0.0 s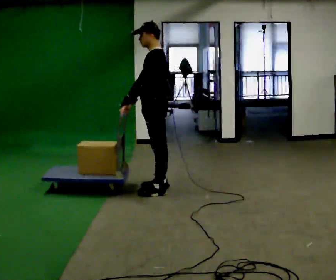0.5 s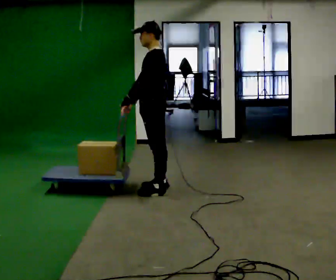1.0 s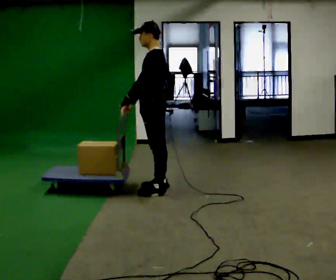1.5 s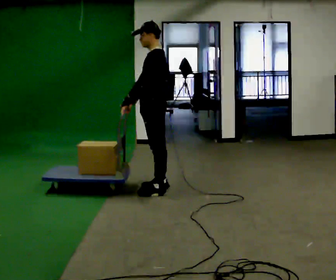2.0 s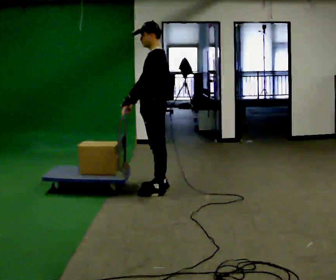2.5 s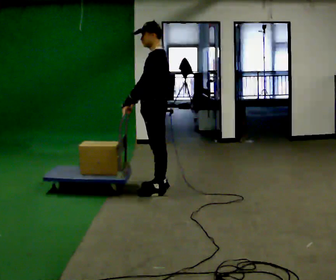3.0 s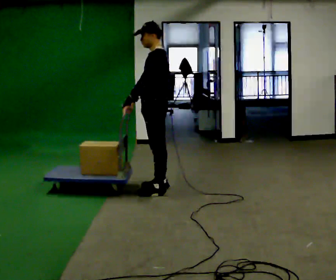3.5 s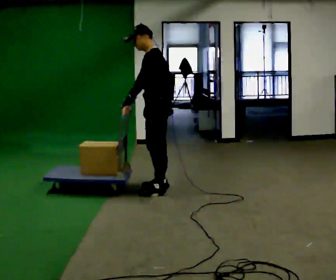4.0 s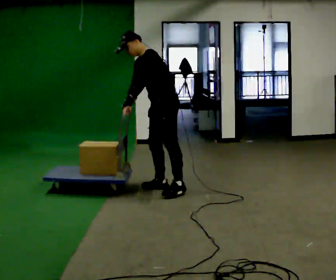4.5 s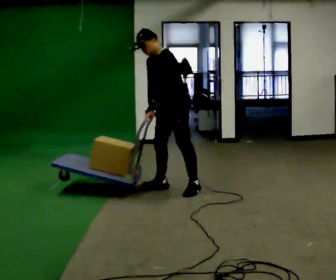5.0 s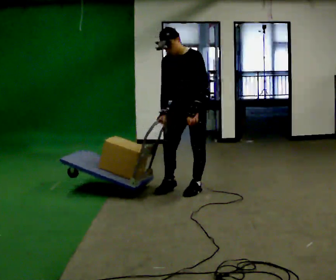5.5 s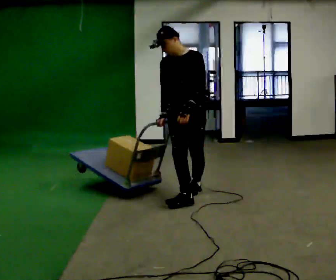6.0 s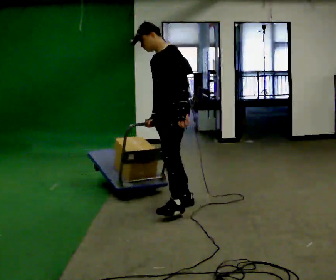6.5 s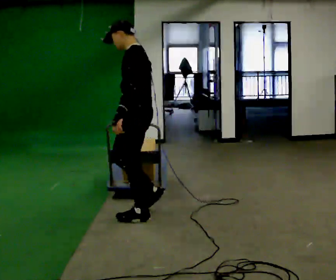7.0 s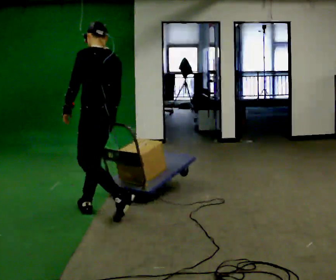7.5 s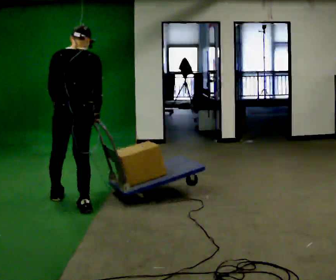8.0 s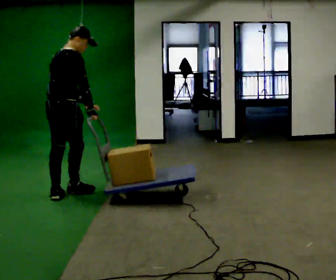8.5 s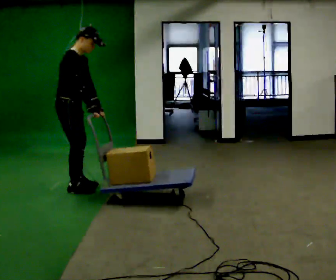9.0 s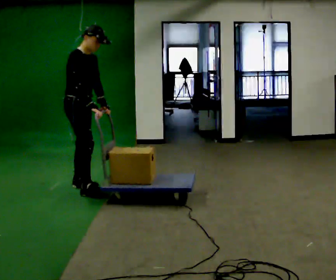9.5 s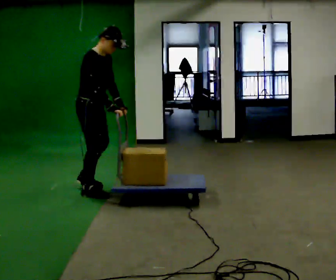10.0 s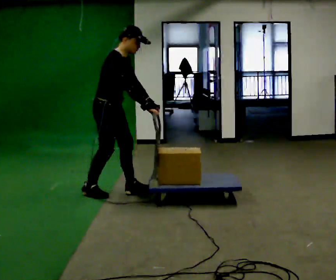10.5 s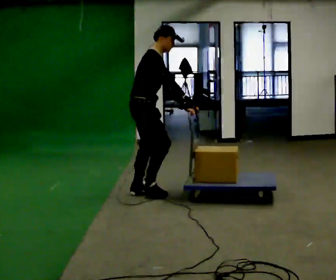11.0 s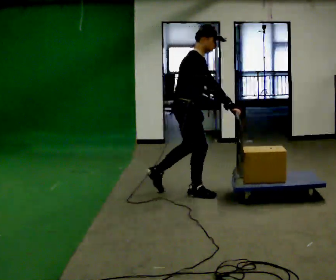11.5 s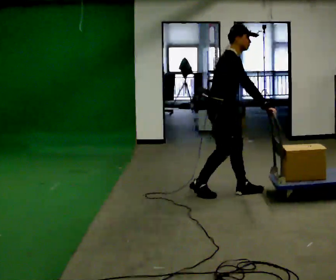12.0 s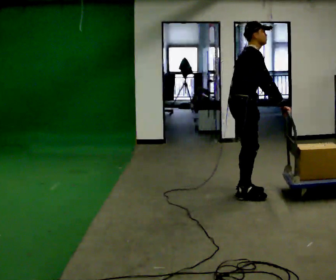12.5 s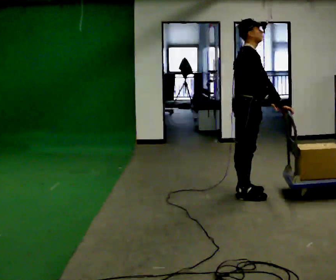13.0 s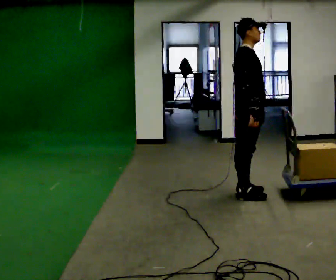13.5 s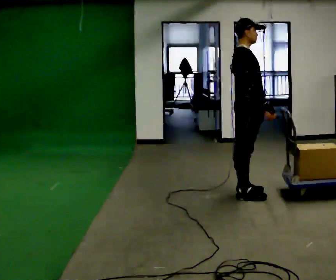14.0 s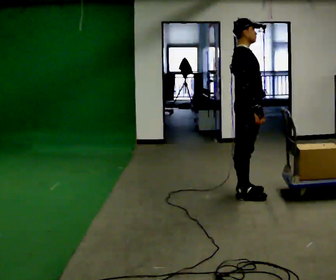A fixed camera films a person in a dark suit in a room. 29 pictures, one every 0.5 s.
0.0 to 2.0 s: The person keeps their place and pose.
2.0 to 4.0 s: In the picture the upper body tilts counterclockwise, shoulders to the left, as they bend forward.
4.0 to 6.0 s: In the picture they go toward the camera, about 0.75 m in 2 steps, which for them is forward and to their left. In the picture the upper body tilts clockwise, shoulders to the right, as they lean back or straighten.
6.0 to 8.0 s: The person turns about 165 degrees to their right, clockwise seen from above, so the part of the body nearest the lens slides to the left. In the picture they go to the left, about 1 m in 4 steps. In the picture the upper body tilts clockwise, shoulders to the right.
8.0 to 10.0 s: The person turns about 60 degrees to their right, clockwise seen from above, so the part of the body nearest the lens slides to the left. In the picture they go to the right, about 0.5 m in 2 steps.
10.0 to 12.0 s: In the picture they go to the right, about 1.5 m in 4 steps, which for them is forward.
12.0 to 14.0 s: In the picture the upper body tilts counterclockwise, shoulders to the left, as they lean back or straighten.
The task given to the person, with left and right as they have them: Stand still with your hands on the cart. When the operator says go, get it moving, push it a few metres, then bring it to a stop. Repeat until the operator says stop.
The film runs forward here.
